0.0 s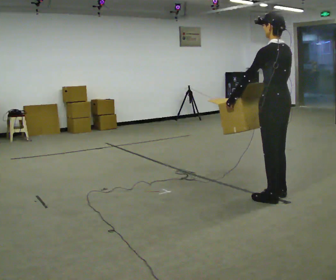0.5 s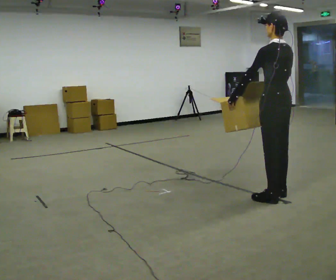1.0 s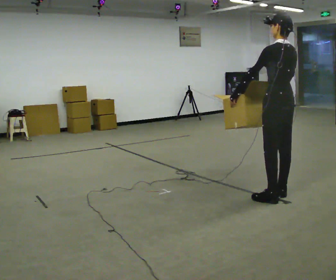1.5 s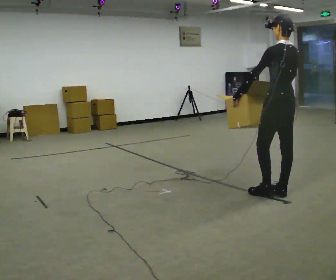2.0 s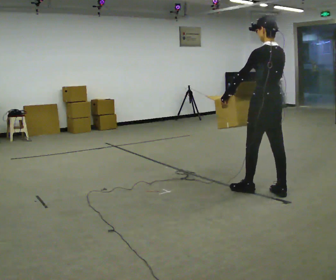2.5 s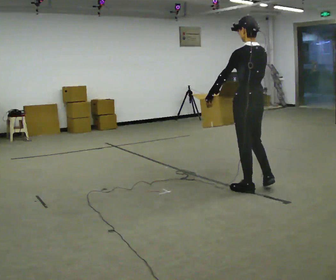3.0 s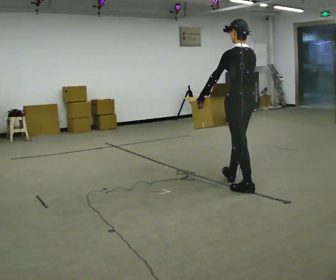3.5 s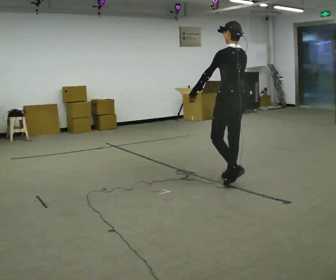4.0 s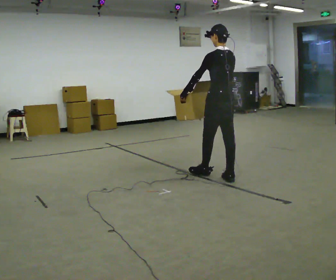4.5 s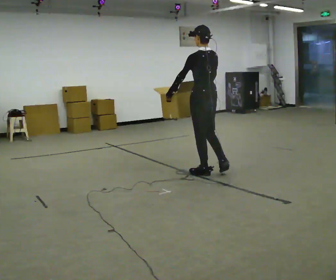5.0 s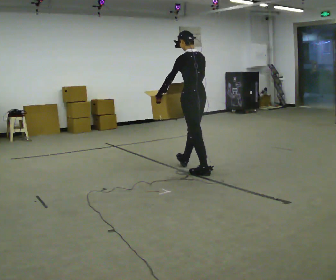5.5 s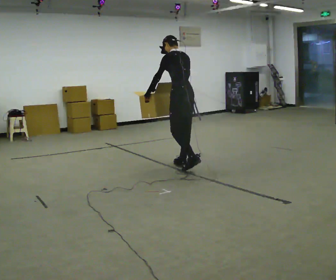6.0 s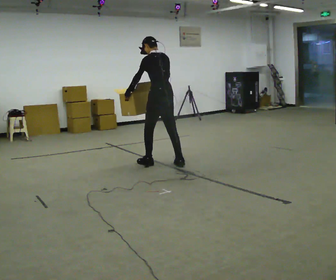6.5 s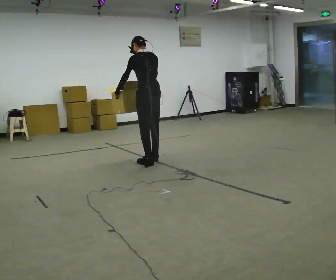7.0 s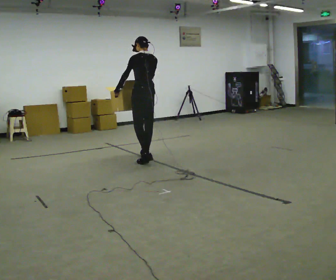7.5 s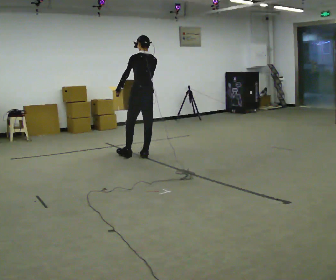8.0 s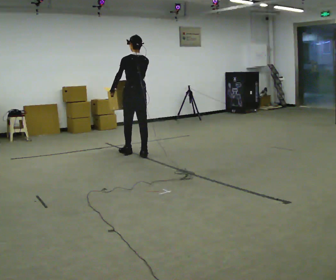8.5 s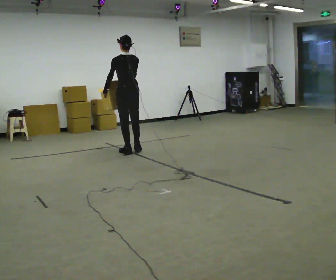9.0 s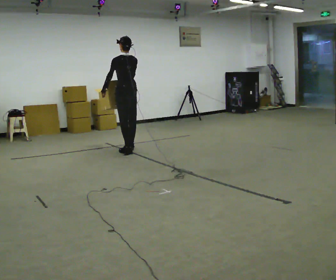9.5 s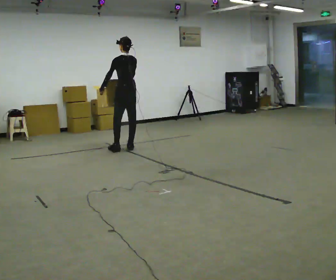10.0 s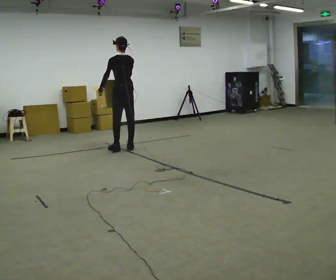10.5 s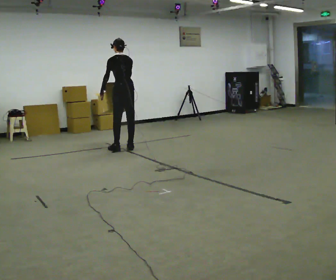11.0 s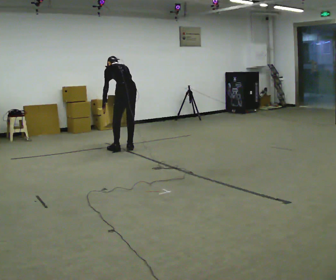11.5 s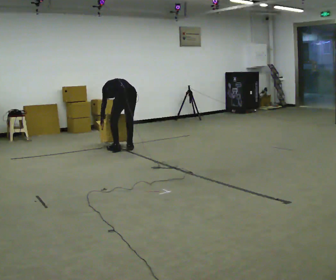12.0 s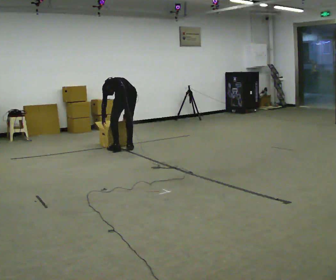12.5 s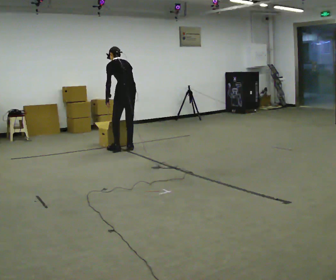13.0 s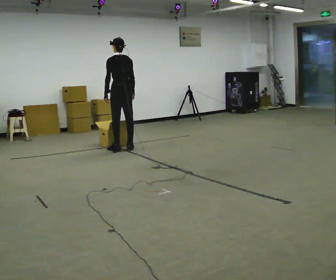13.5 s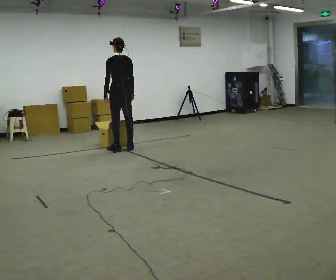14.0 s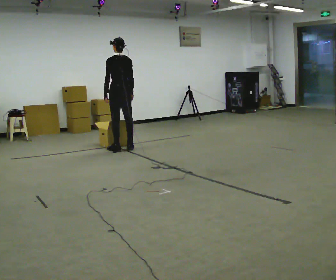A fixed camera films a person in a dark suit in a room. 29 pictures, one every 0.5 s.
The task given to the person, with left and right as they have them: Carry the object across the room. The lid hangs loose and will swing, so carry it however works. Keep going until the operator says stop; one object at a time, and do not rush between trips.
0.0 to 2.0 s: In the picture they go away from the camera, about 0.25 m in 1 step, which for them is forward.
2.0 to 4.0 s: In the picture they go away from the camera and to the left, about 0.5 m in 2 steps, which for them is forward.
4.0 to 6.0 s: In the picture they go away from the camera and to the left, about 1 m in 2 steps, which for them is forward.
6.0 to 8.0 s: In the picture they go away from the camera and to the left, about 0.5 m in 2 steps, which for them is forward.
8.0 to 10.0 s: In the picture they go away from the camera and to the left, about 0.5 m in 2 steps, which for them is forward.
10.0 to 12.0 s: The shoulders move downward. The upper body tips away from the camera, its near side rolling upward, as they bend forward. In the picture their right hand goes downward.
12.0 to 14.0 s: In the picture they go away from the camera, about 0.25 m, which for them is forward. The upper body goes upward. The upper body tips toward the camera, its near side rolling downward, as they lean back or straighten. In the picture their left hand goes upward.
The film runs forward here.
